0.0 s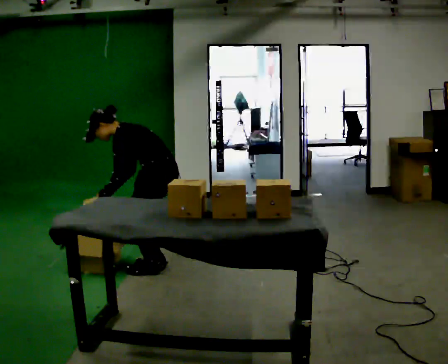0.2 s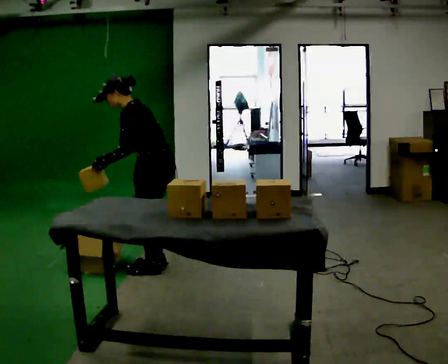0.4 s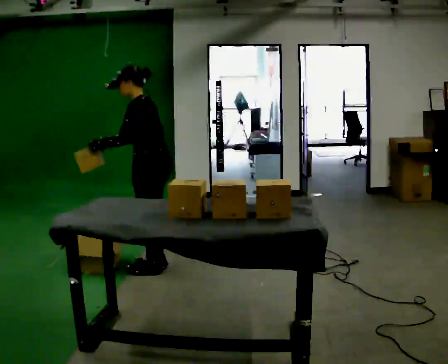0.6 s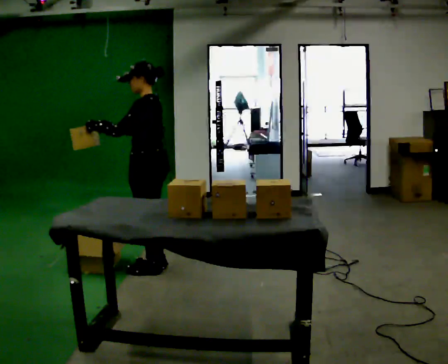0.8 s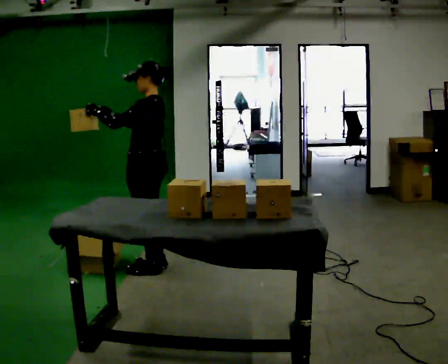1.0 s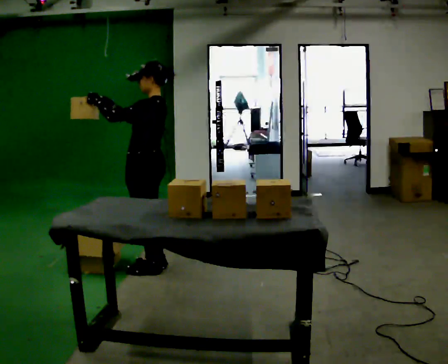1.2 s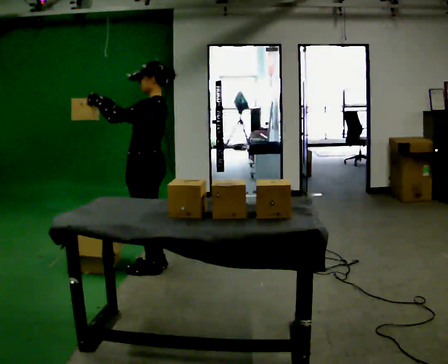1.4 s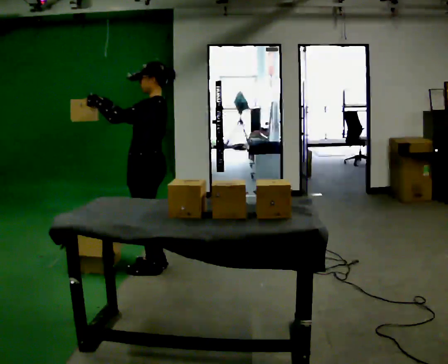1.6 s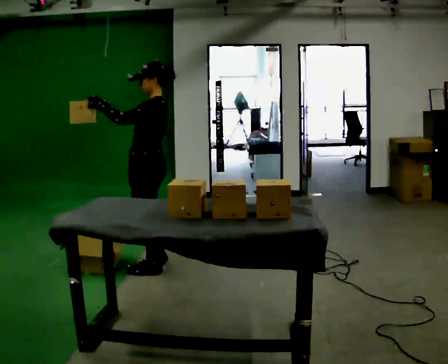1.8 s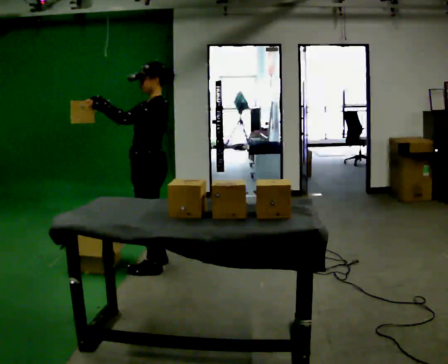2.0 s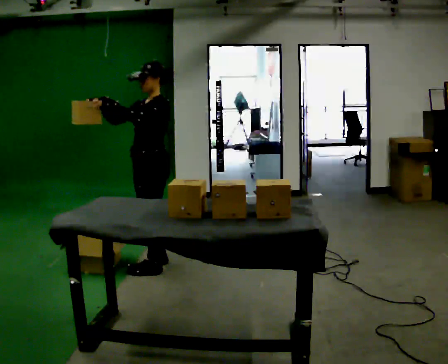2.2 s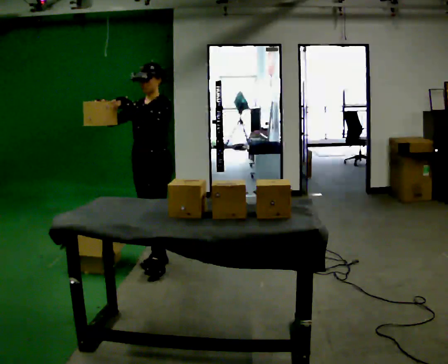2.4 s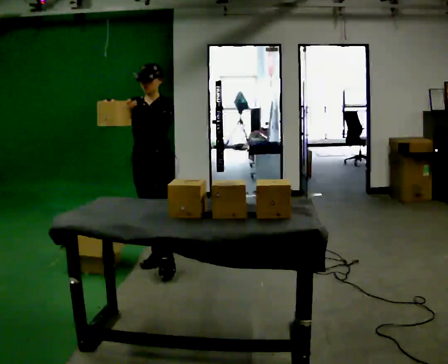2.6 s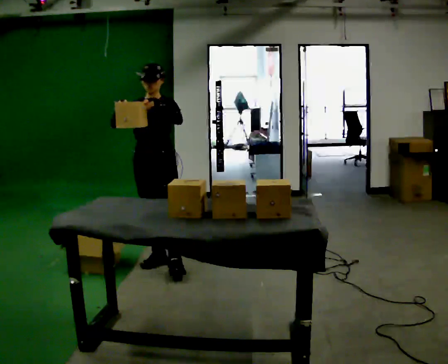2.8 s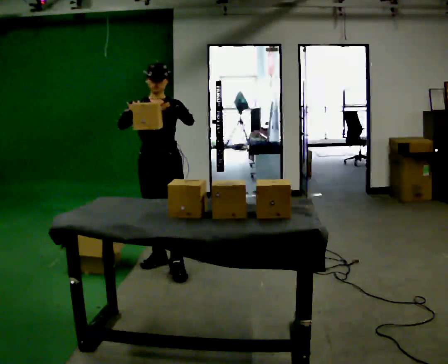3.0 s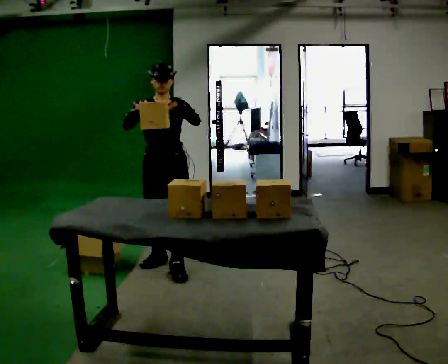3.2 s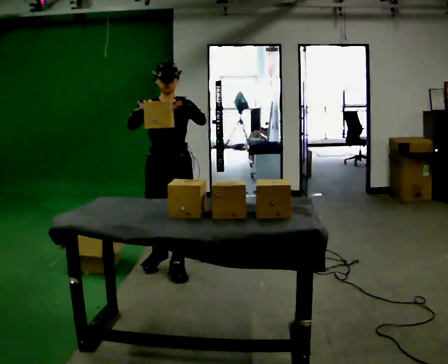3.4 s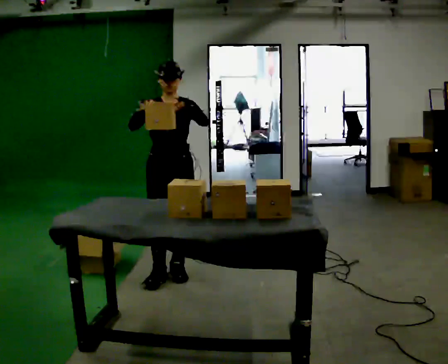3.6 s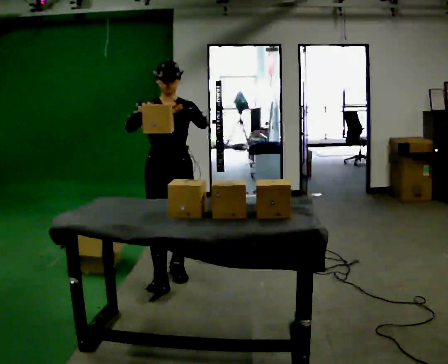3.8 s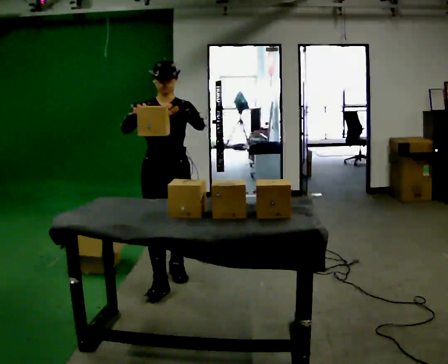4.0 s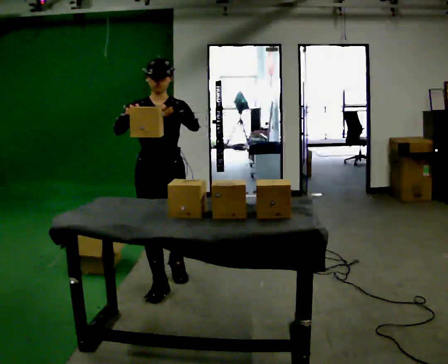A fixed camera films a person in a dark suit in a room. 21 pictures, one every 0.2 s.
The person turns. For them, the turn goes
to their left.
The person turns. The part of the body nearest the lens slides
to the right.
0.0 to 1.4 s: The upper body goes upward. In the picture the upper body tilts clockwise, shoulders to the right, as they lean back or straighten. In the picture their left hand goes upward, the arm swinging clockwise.
1.4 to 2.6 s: The person turns about 75 degrees to their left, counterclockwise seen from above, so the part of the body nearest the lens slides to the right.
2.6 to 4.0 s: In the picture they go toward the camera, about 0.5 m in 1 step, which for them is forward.
The film runs forward here.
